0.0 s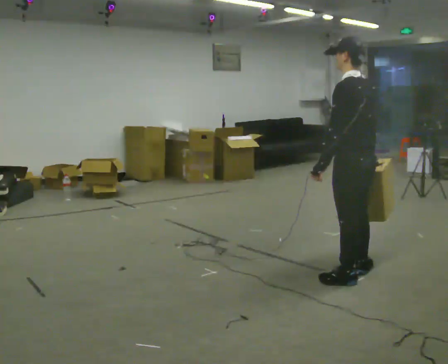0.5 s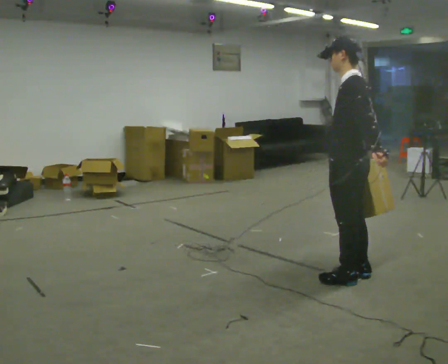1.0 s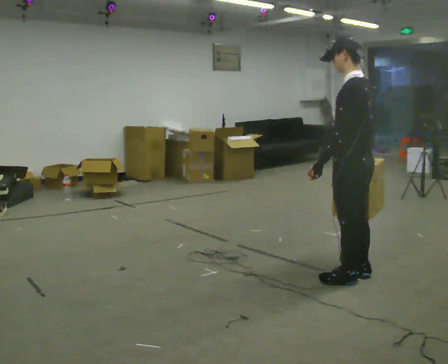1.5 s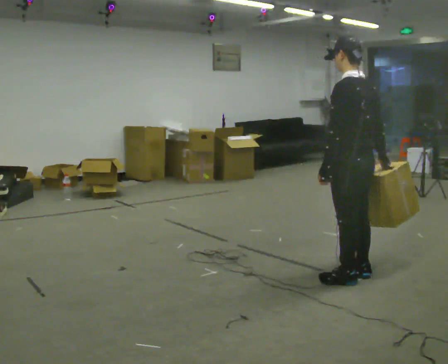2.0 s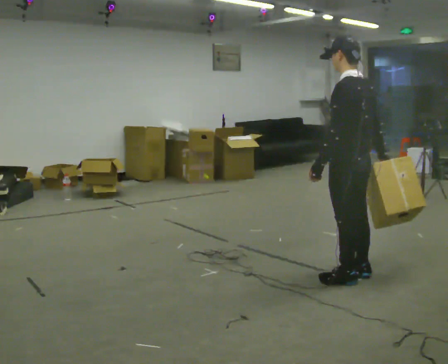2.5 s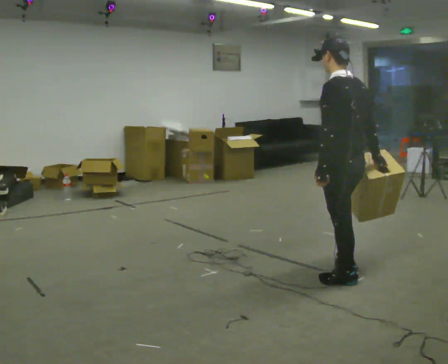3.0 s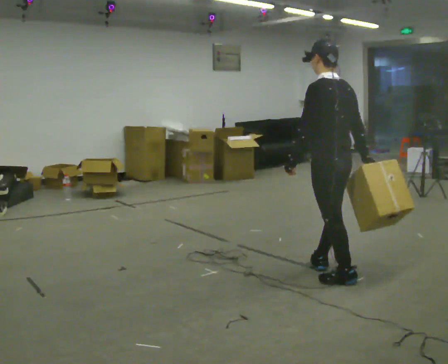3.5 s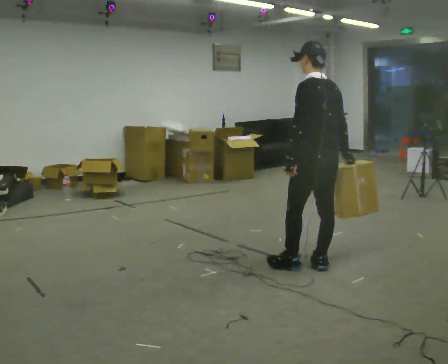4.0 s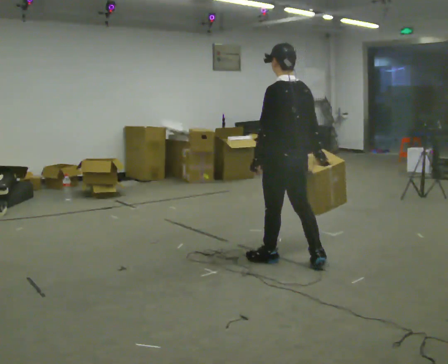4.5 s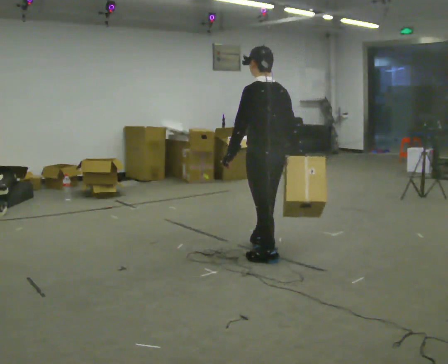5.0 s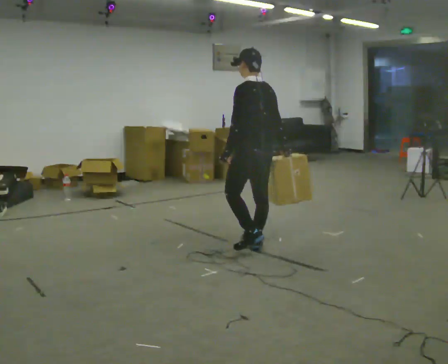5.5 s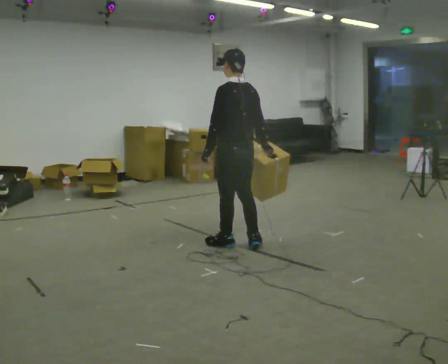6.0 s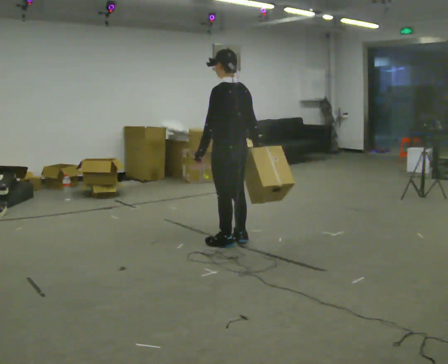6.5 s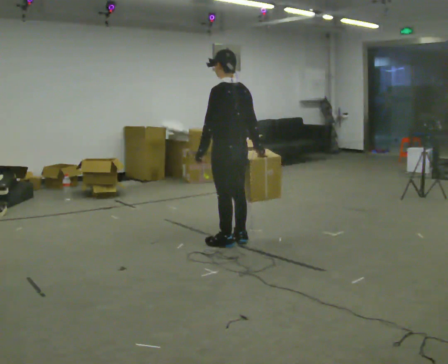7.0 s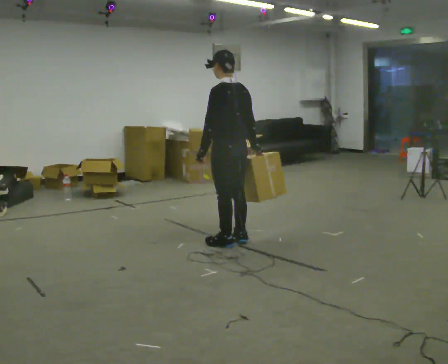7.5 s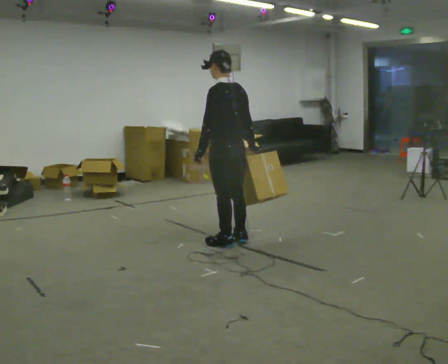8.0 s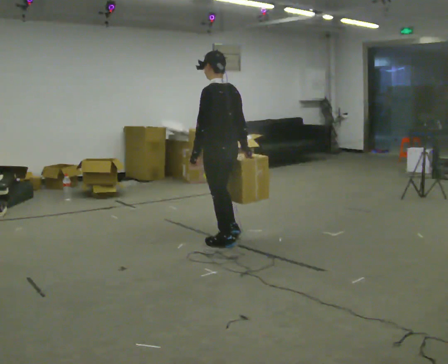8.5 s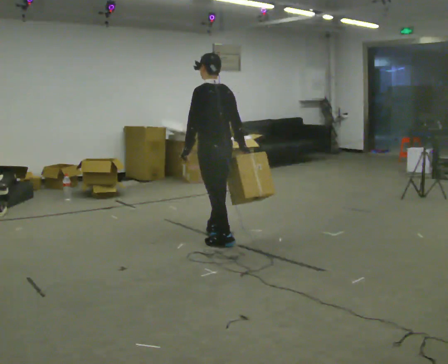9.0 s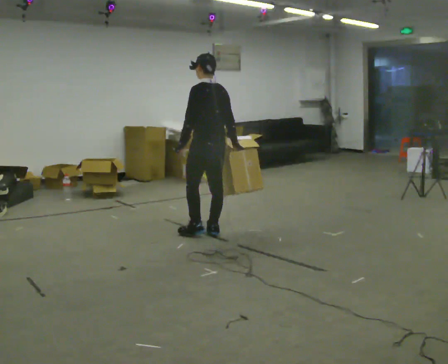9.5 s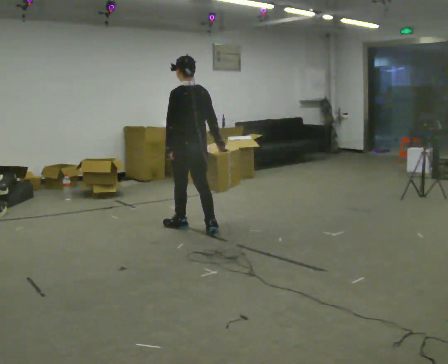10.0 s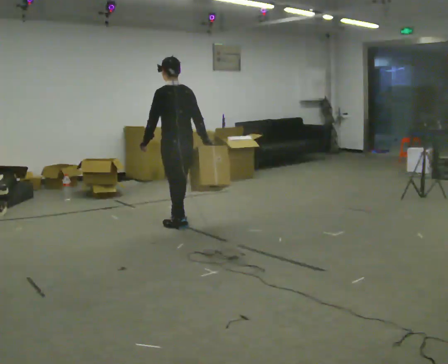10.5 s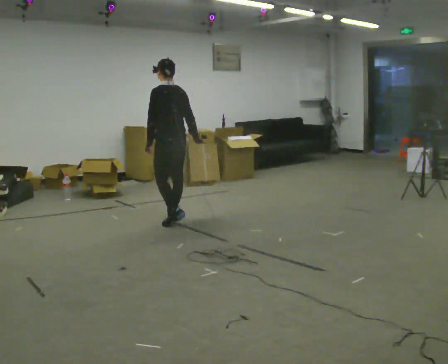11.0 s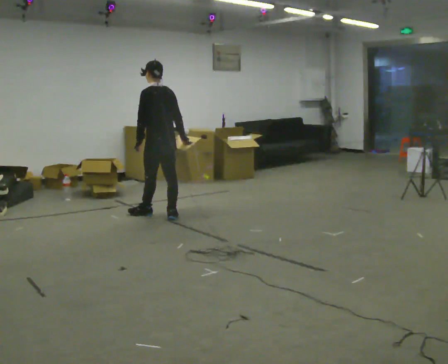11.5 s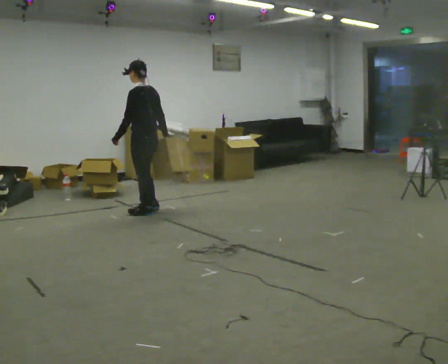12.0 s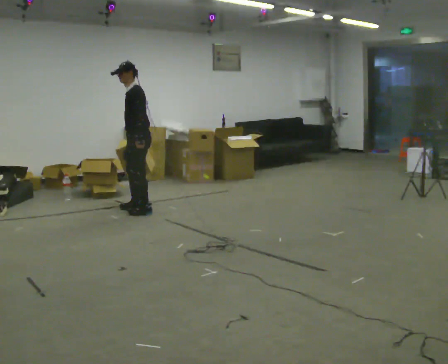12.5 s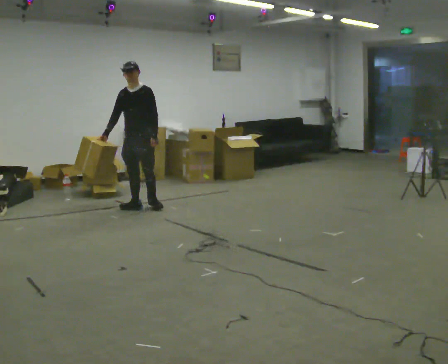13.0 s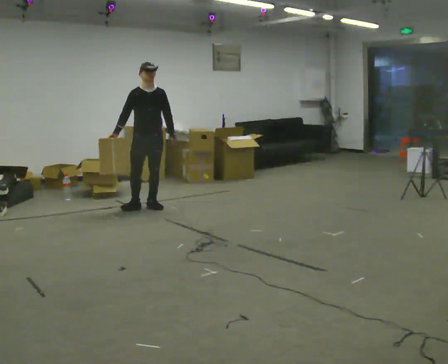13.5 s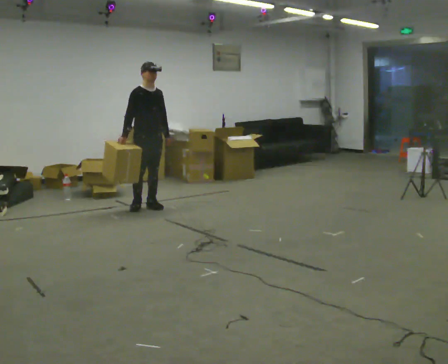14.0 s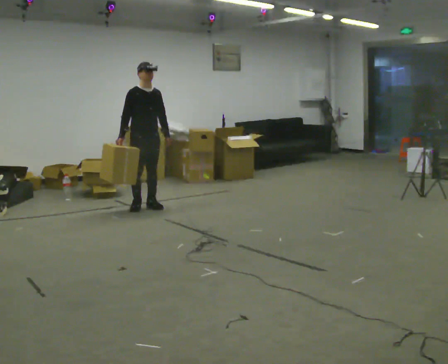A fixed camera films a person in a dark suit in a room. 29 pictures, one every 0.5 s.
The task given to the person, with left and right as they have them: Carry the box across the room, stopping and starting again each time the operator says stop and go. Do not set the box down.
0.0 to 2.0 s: The person moves a little, or ends about where they began.
2.0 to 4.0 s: In the picture they go away from the camera and to the left, about 0.5 m in 2 steps, which for them is forward.
4.0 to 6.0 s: In the picture they go away from the camera and to the left, about 0.75 m in 3 steps, which for them is forward.
6.0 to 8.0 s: The person moves a little, or ends about where they began.
8.0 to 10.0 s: In the picture they go away from the camera and to the left, about 0.5 m in 2 steps, which for them is forward.
10.0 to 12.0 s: The part of the body nearest the lens slides to the right as the person turns to their left by about 75 degrees. In the picture they go away from the camera and to the left, about 1 m in 3 steps.
12.0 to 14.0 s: Seen from above the body turns counterclockwise, about 105 degrees: to their left, with its near side sliding to the right.
The film runs forward here.
